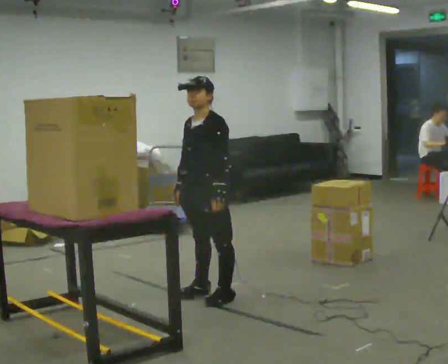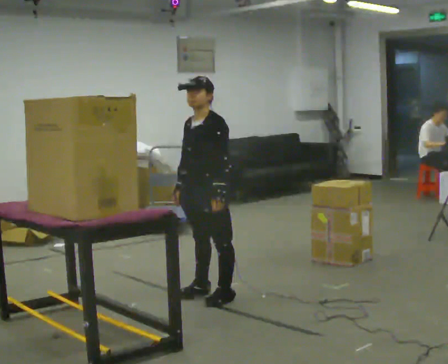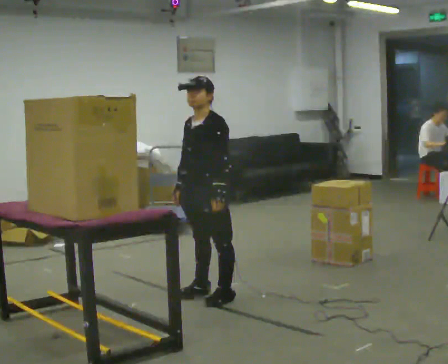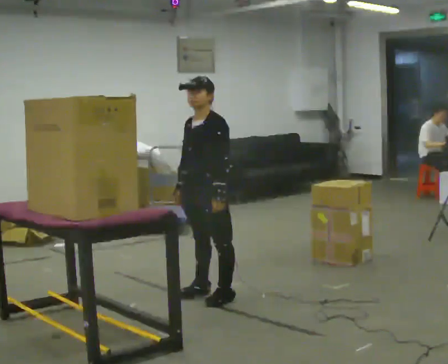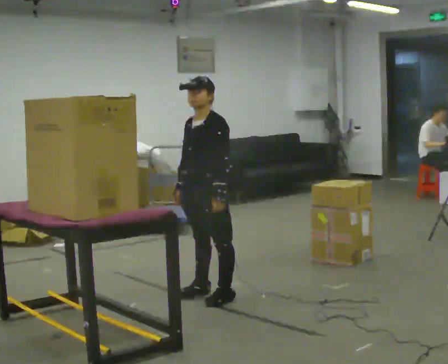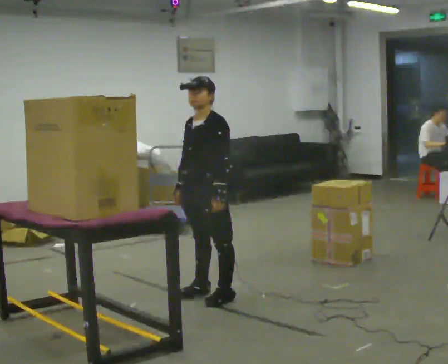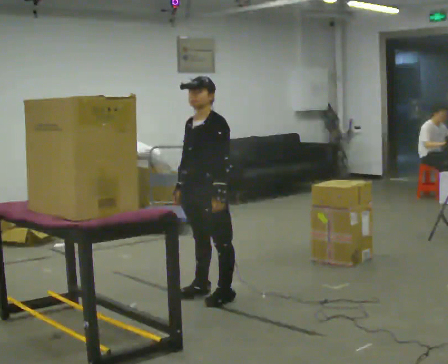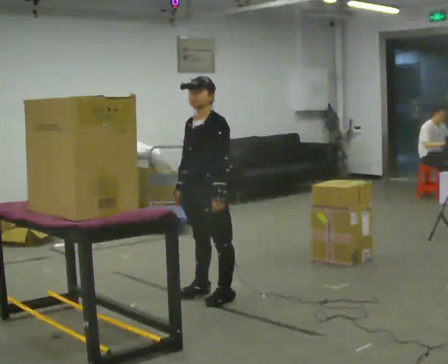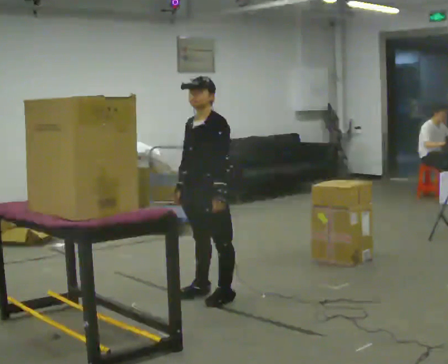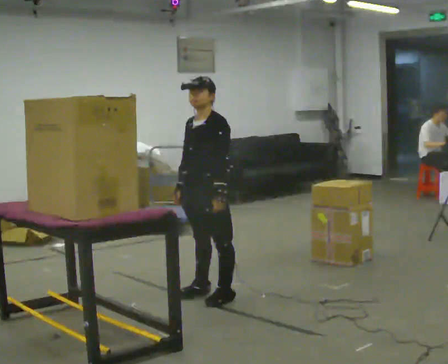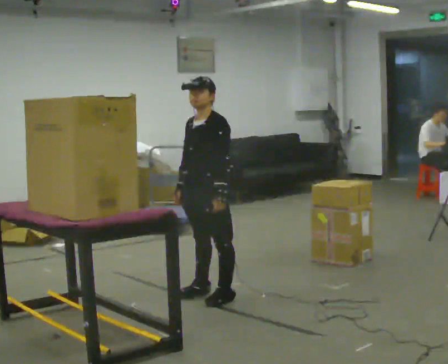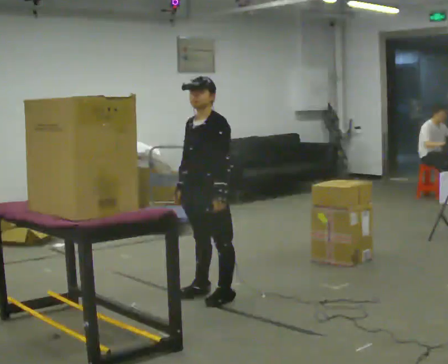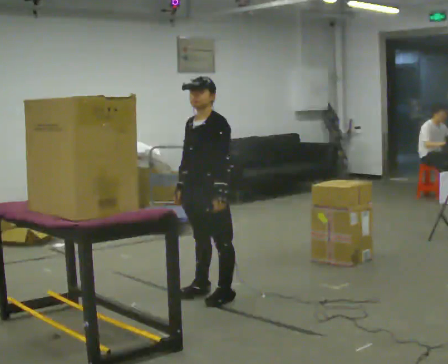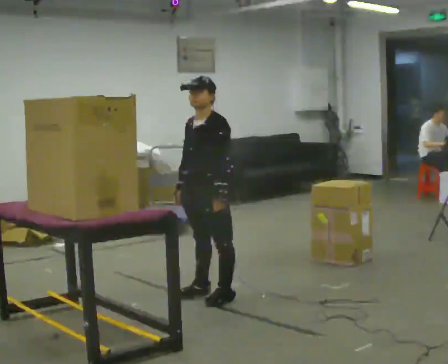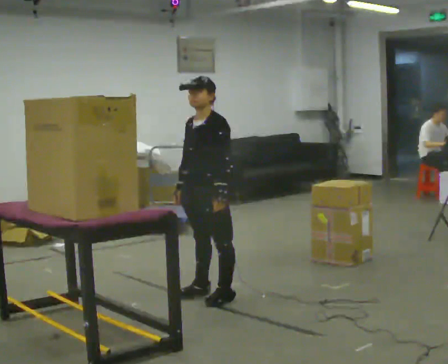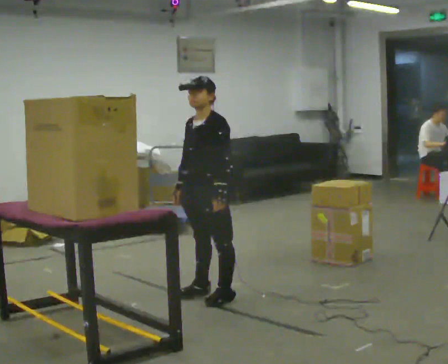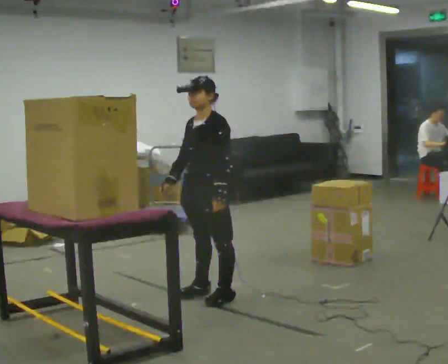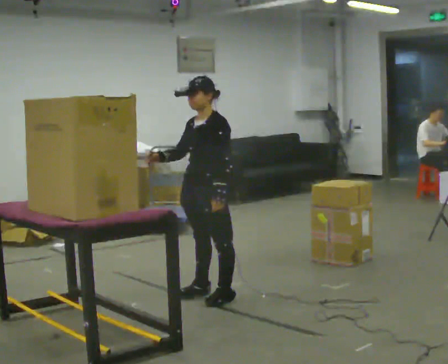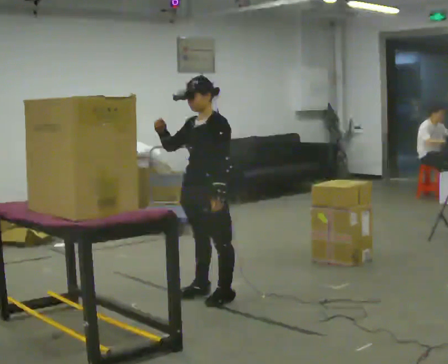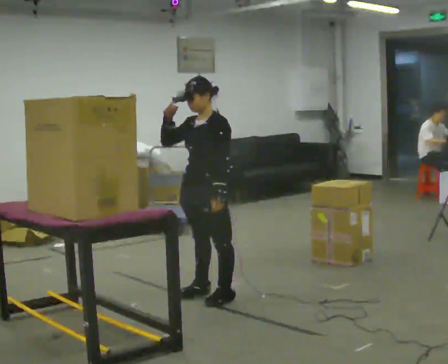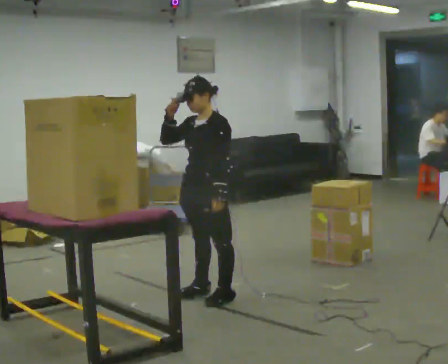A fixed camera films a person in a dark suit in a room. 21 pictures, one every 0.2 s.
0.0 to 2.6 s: The person keeps their place and pose.
2.6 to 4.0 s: In the picture their right hand goes upward.
The film runs forward here.
